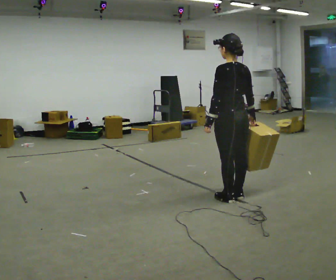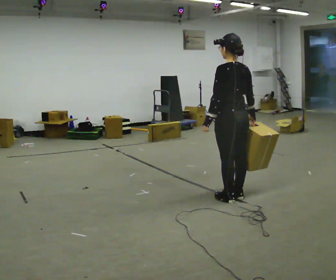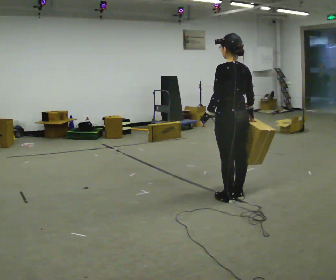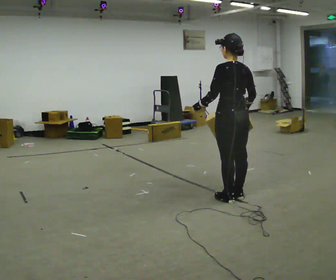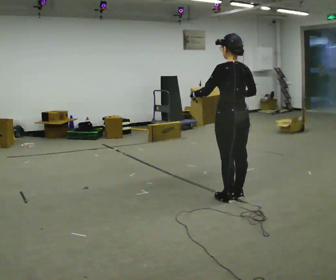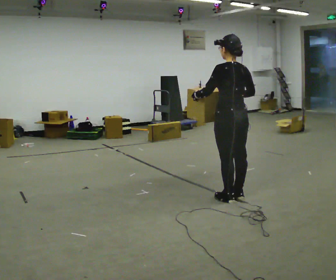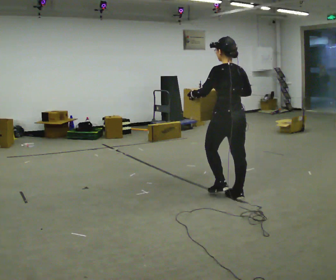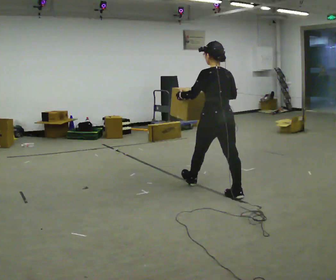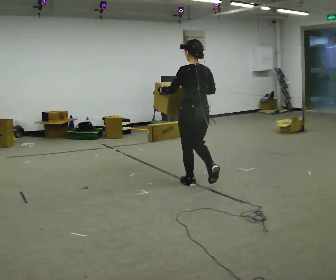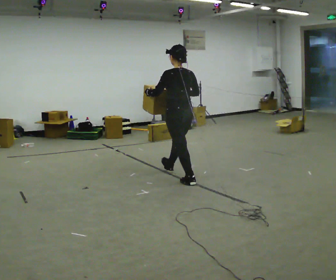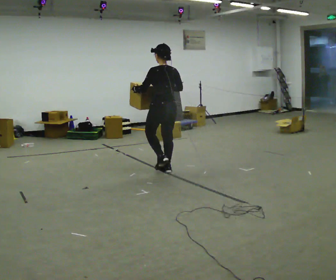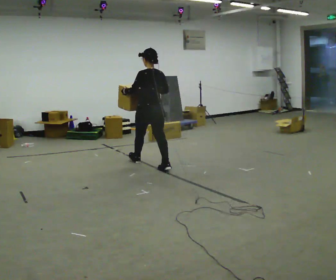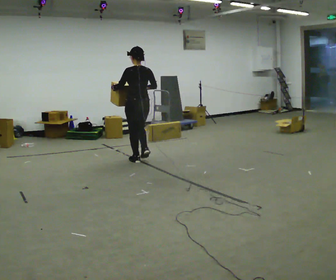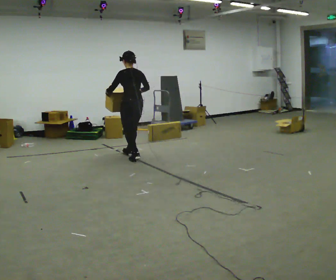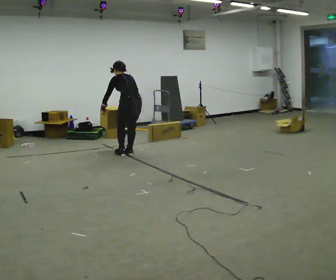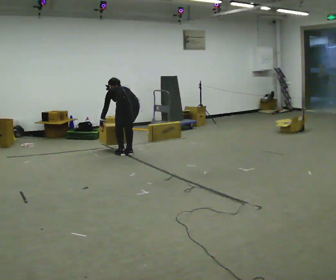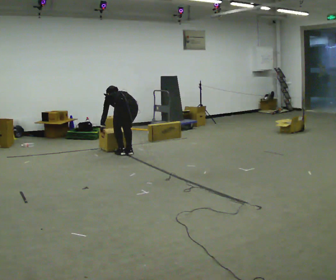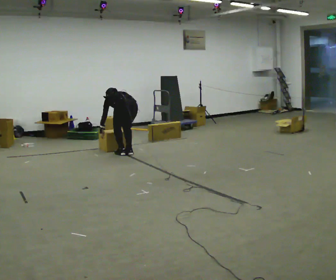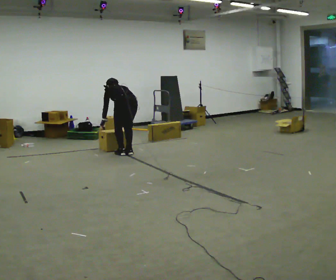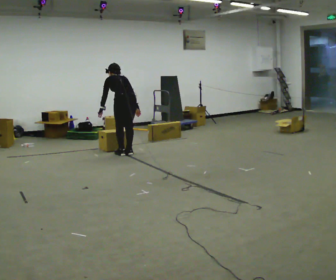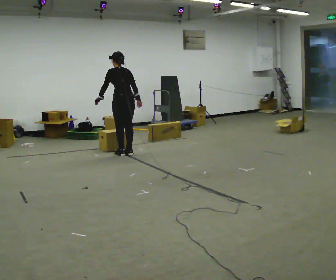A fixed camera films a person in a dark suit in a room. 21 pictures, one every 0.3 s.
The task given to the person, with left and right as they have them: Carry the box across the room as briskly as you comfortably can, back and forth. Do not run.
0.0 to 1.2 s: The person moves a little, or ends about where they began.
1.2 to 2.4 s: In the picture they go away from the camera and to the left, about 0.5 m in 1 step, which for them is forward.
2.4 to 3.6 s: In the picture they go away from the camera and to the left, about 1.5 m in 2 steps, which for them is forward.
3.6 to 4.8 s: In the picture they go away from the camera and to the left, about 0.5 m in 2 steps, which for them is forward. The upper body goes downward. The upper body tips away from the camera, its near side rolling upward, as they bend forward. In the picture their left hand goes downward.
4.8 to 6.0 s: The shoulders move upward. The upper body tips toward the camera, its near side rolling downward, as they lean back or straighten. In the picture their right hand goes upward.
The film runs forward here.
